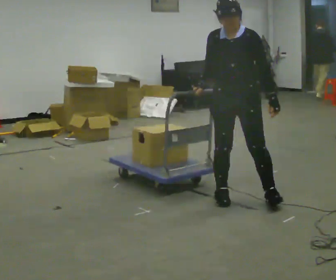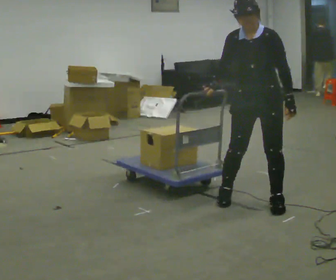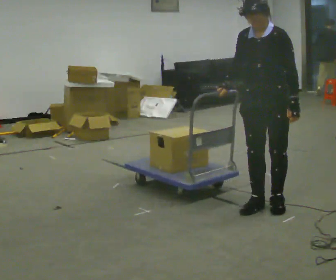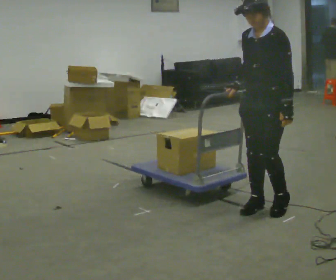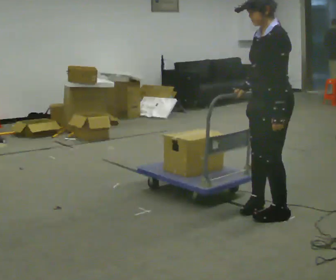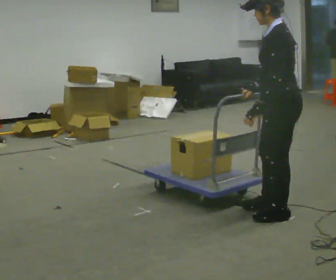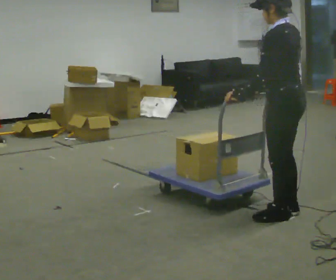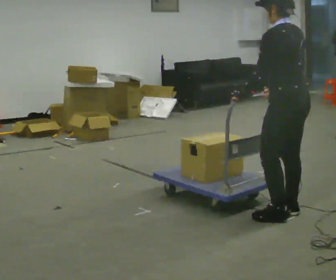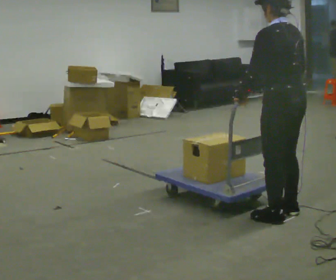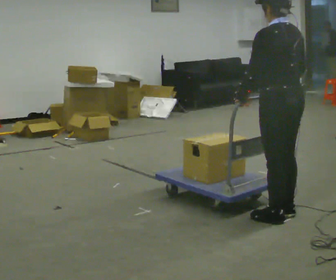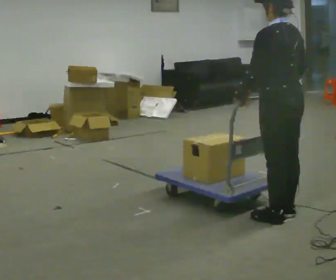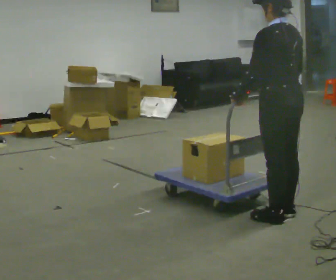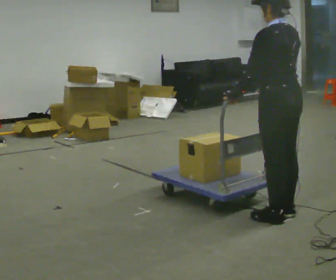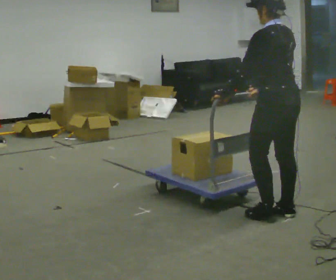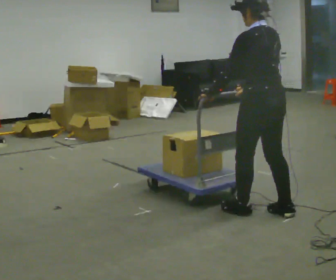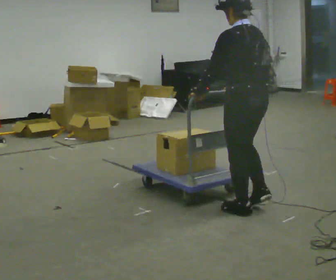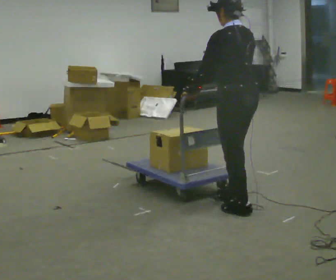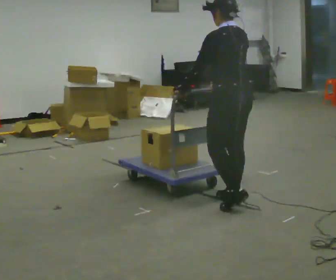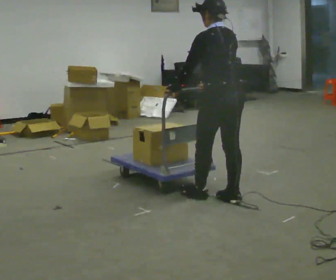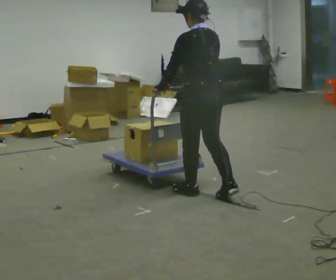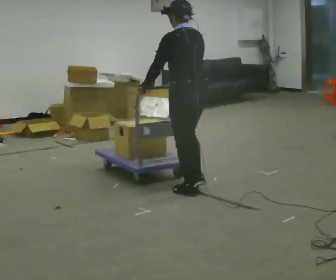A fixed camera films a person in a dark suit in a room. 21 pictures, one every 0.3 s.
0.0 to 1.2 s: The part of the body nearest the lens slides to the left as the person turns to their right by about 60 degrees. In the picture they go to the right and toward the camera, about 0.5 m in 3 steps, which for them is to their left.
1.2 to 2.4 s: The person turns about 60 degrees to their right, clockwise seen from above, so the part of the body nearest the lens slides to the left.
2.4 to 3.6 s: The person moves a little, or ends about where they began.
3.6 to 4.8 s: In the picture they go to the left, about 0.25 m in 2 steps, which for them is forward.
4.8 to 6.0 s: In the picture they go to the left and away from the camera, about 0.5 m in 1 step, which for them is forward.
The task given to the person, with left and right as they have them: Get the cart into the marked parking space and lined up with the tape. Take as many adjustments as you need. Then take it out again and repeat.
The film runs forward here.
